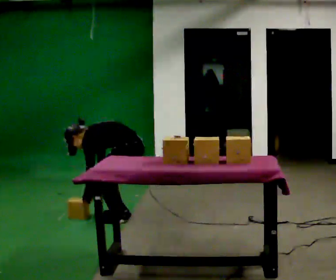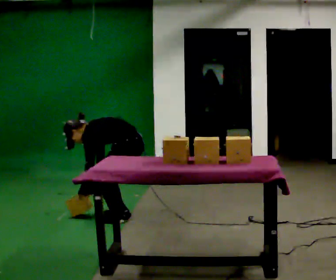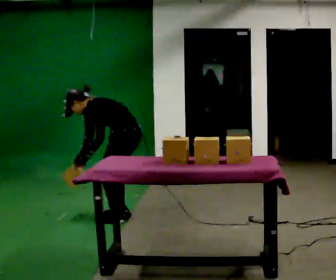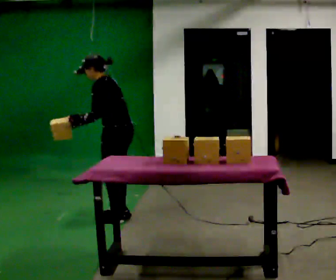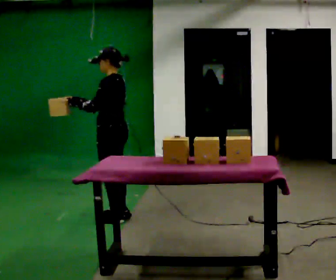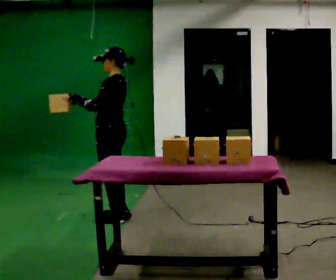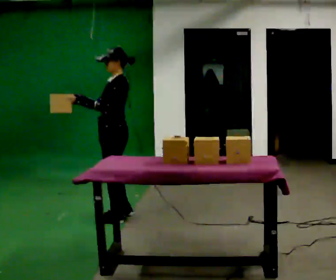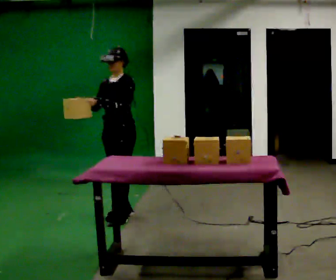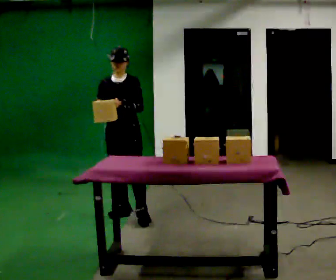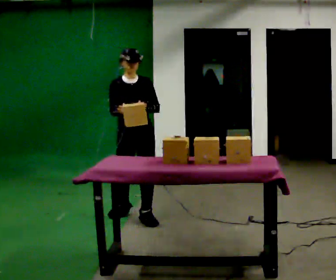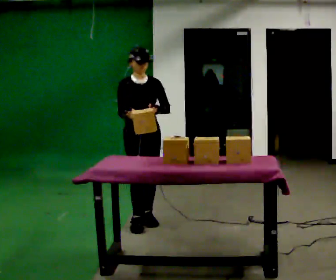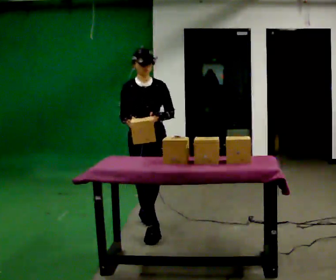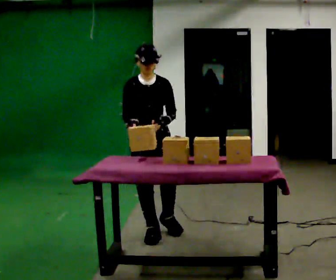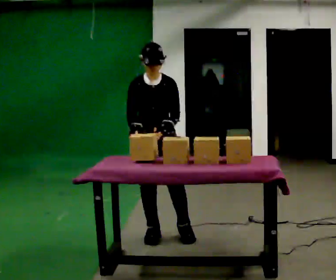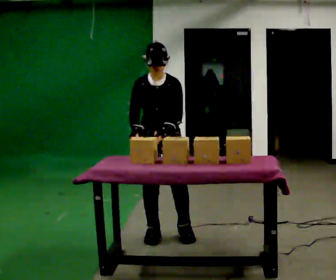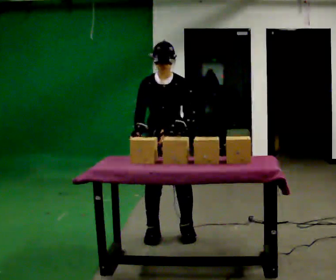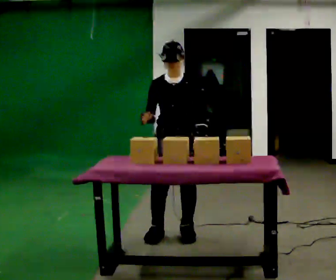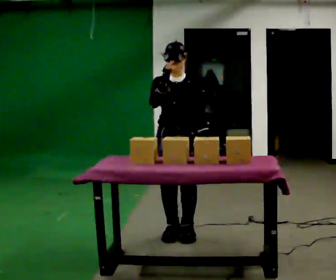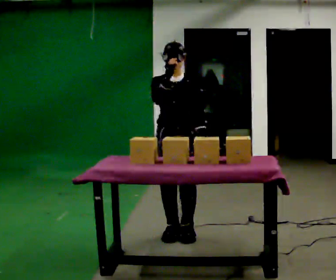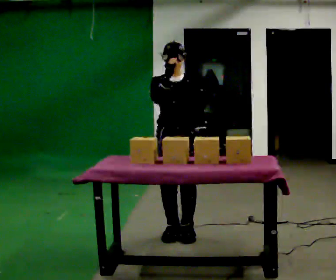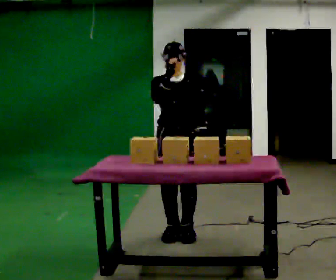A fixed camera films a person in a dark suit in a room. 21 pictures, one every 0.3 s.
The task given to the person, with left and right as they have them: Carry the object over and line it up with the mark on the surface as accurately as you can. Keep going until the operator says stop; one object at a time, and do not rush between trips.
0.0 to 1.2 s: The shoulders move upward. In the picture the upper body tilts clockwise, shoulders to the right, as they lean back or straighten. In the picture their right hand goes upward, the arm swinging clockwise.
1.2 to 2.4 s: Seen from above the body turns counterclockwise, about 90 degrees: to their left, with its near side sliding to the right.
2.4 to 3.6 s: In the picture they go toward the camera, about 0.75 m in 1 step, which for them is forward.
3.6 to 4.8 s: In the picture they go to the right, about 0.25 m in 1 step, which for them is to their left. In the picture their left hand goes to the right.
4.8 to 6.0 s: The person moves a little, or ends about where they began.
The film runs forward here.
